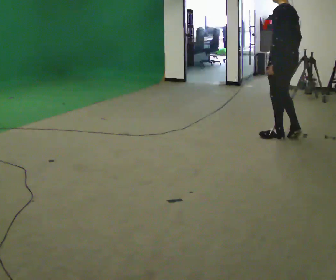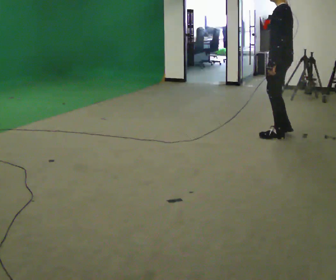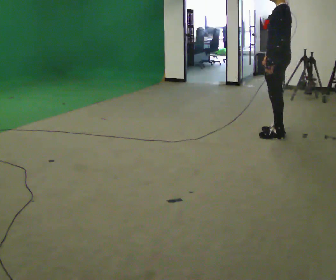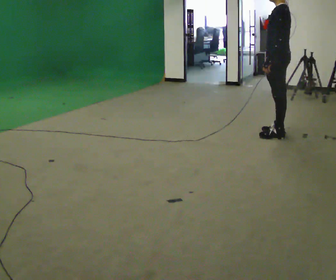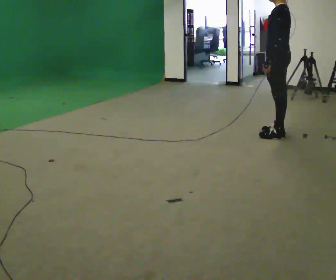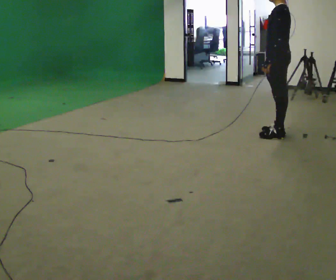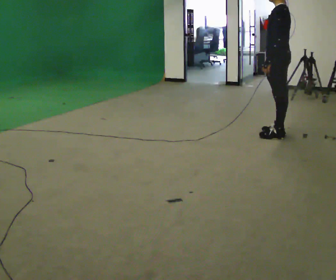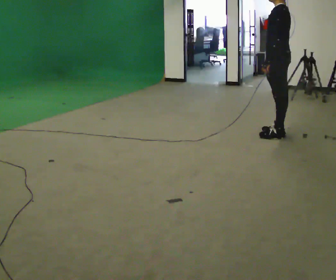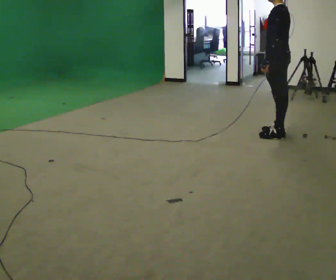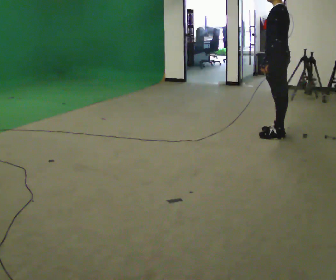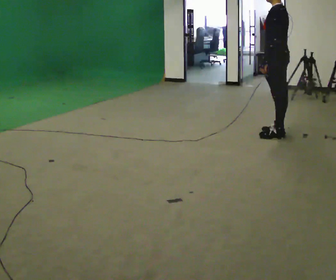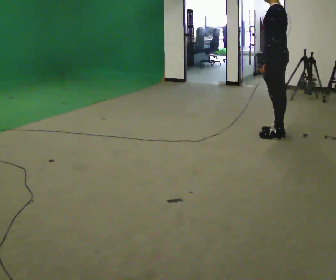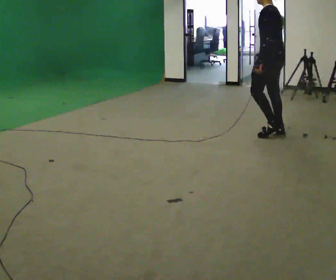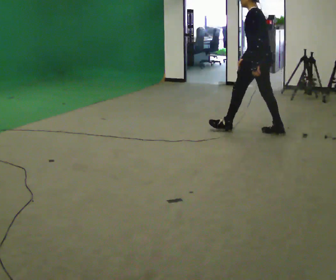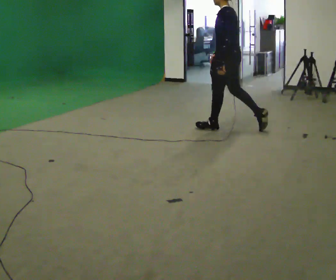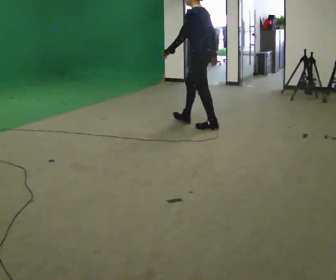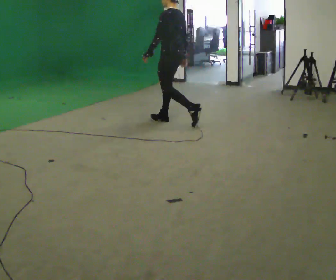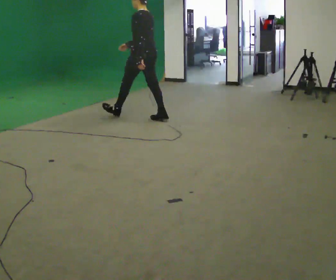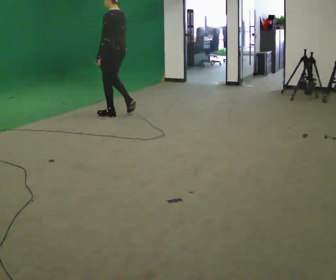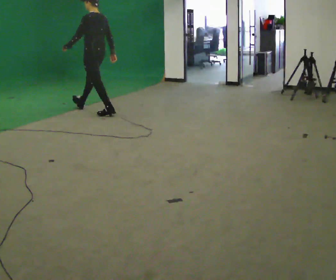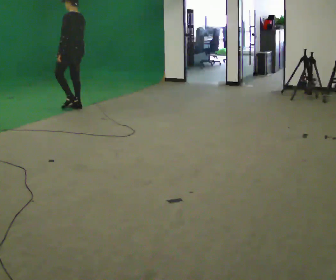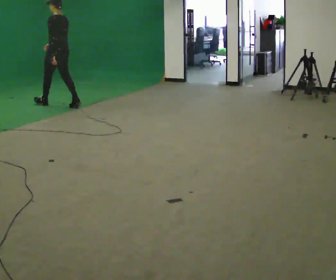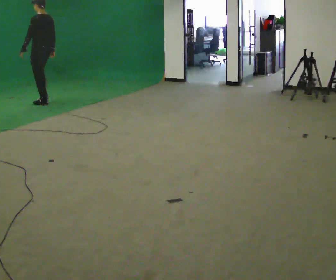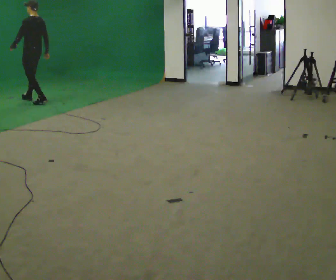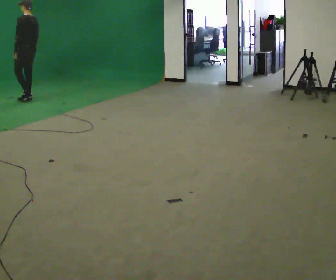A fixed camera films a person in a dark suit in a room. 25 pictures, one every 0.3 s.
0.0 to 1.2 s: The person moves a little, or ends about where they began.
1.2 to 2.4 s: The person keeps their place and pose.
2.4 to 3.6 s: The person moves a little, or ends about where they began.
3.6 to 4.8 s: In the picture they go to the left, about 1.5 m in 2 steps, which for them is forward.
4.8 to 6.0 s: In the picture they go to the left, about 1.5 m in 2 steps, which for them is forward.
6.0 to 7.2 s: In the picture they go to the left, about 1 m in 2 steps, which for them is forward.
The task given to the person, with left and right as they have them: Stand still 2 s; begin walking naturally; walk forward; stop.
The film runs forward here.
